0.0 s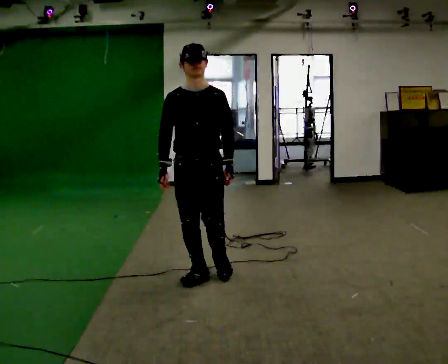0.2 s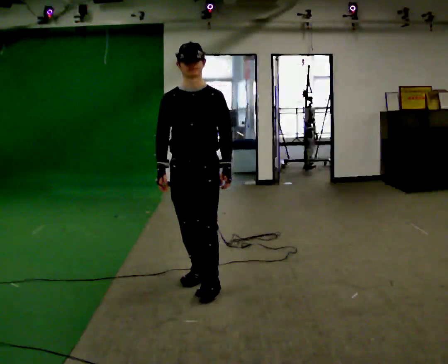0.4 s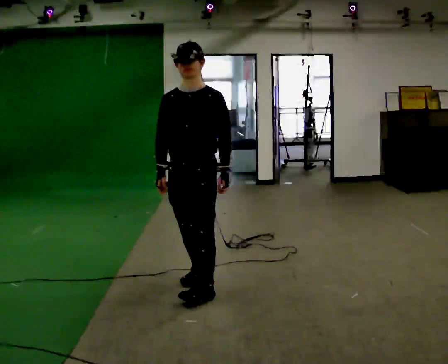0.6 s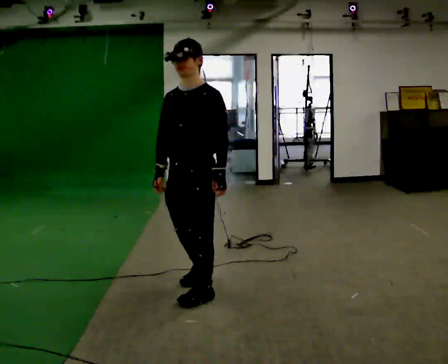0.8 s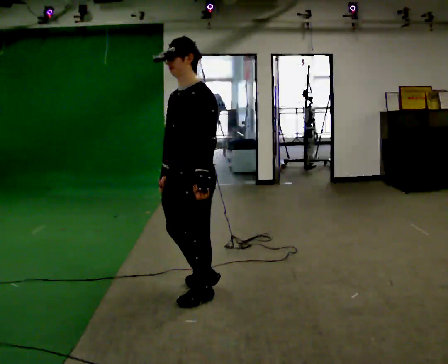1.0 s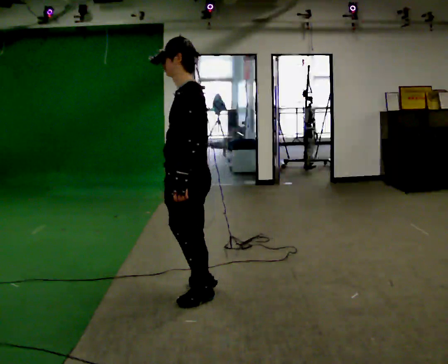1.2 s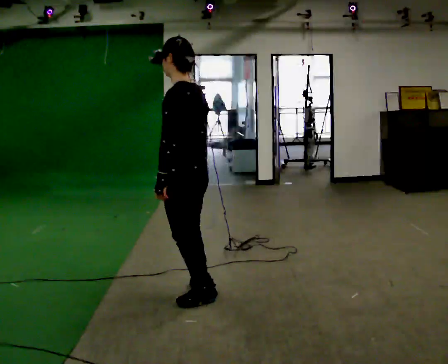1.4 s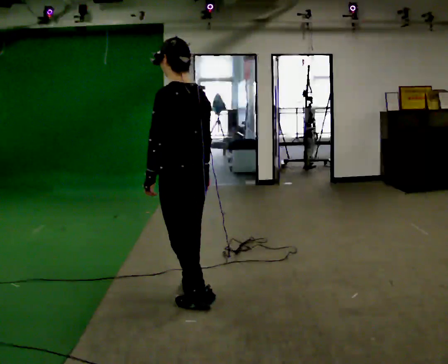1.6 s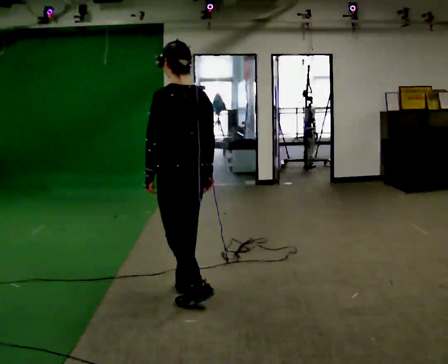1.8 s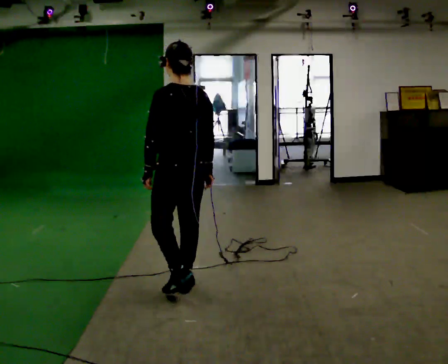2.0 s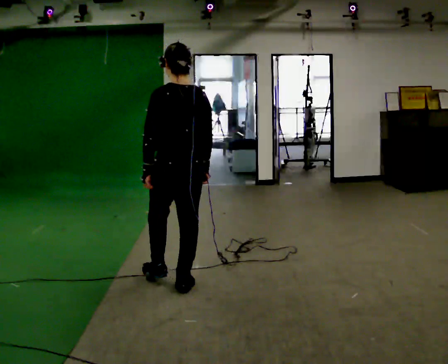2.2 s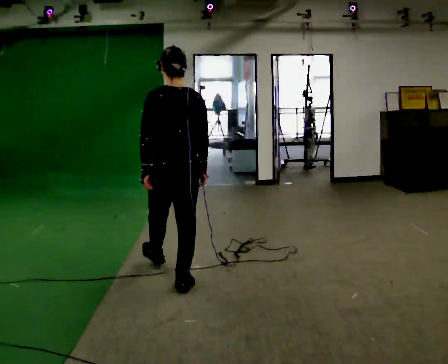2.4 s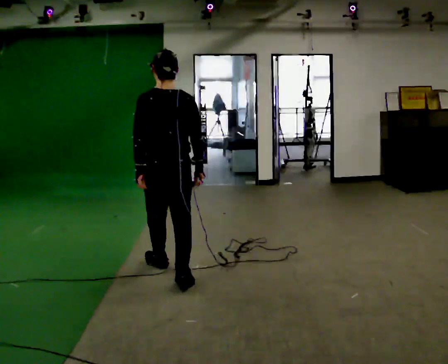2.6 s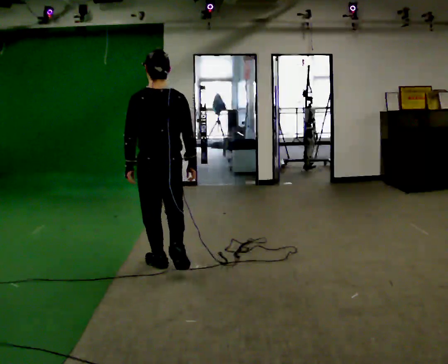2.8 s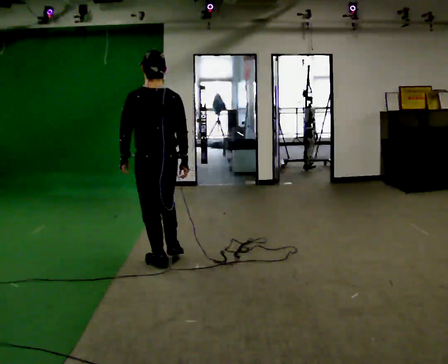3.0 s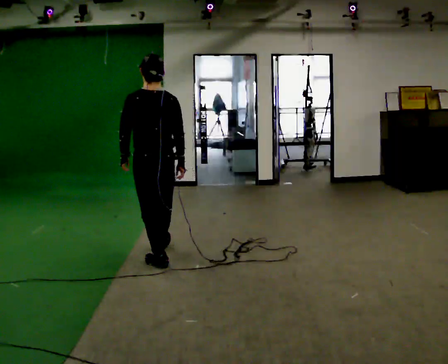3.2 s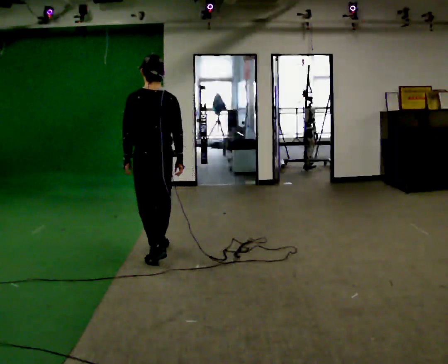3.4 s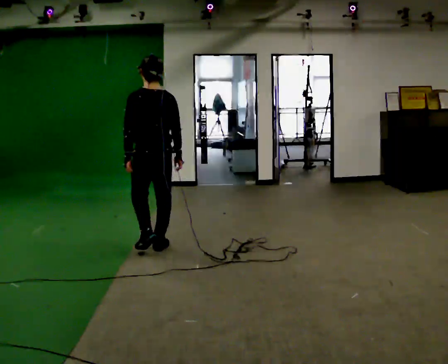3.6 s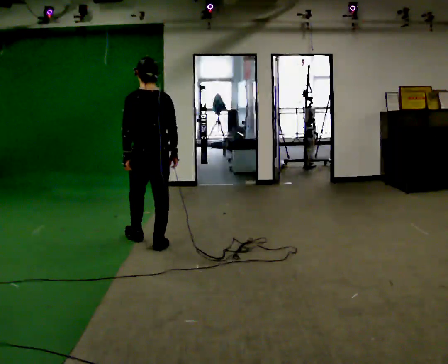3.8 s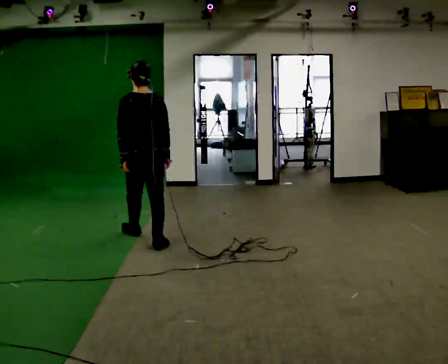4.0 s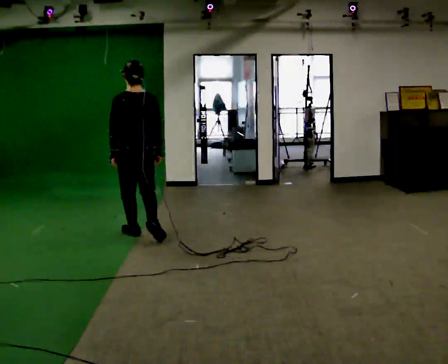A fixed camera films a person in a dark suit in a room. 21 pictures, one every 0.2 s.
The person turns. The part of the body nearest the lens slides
to the left.
The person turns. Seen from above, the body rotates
clockwise.
0.0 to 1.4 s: The person turns about 135 degrees to their right, clockwise seen from above, so the part of the body nearest the lens slides to the left. In the picture they go toward the camera, about 0.25 m in 3 steps.
1.4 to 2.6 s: In the picture they go away from the camera and to the left, about 0.75 m in 2 steps, which for them is forward.
2.6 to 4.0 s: In the picture they go away from the camera and to the left, about 1 m in 2 steps, which for them is forward.
The film runs forward here.
